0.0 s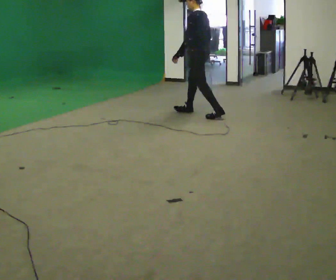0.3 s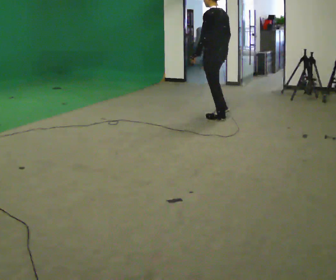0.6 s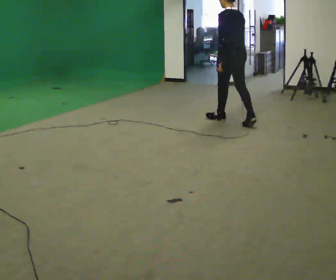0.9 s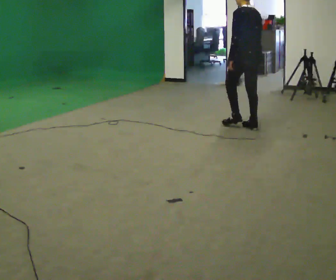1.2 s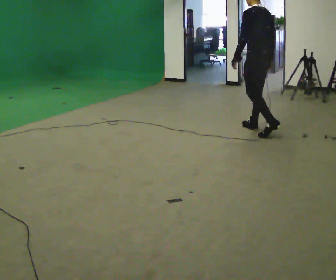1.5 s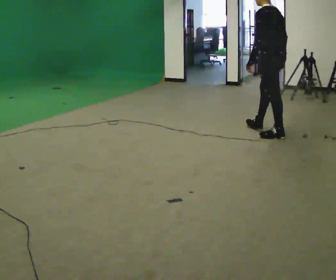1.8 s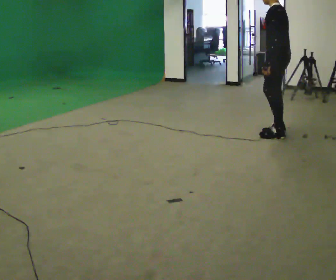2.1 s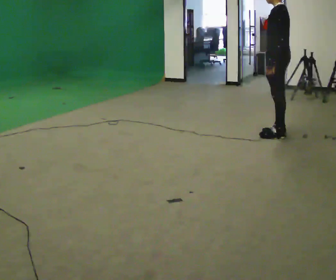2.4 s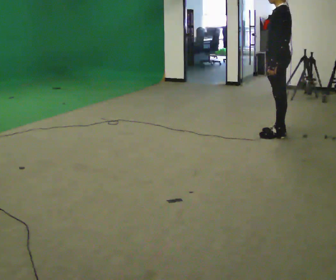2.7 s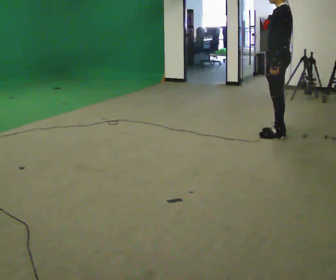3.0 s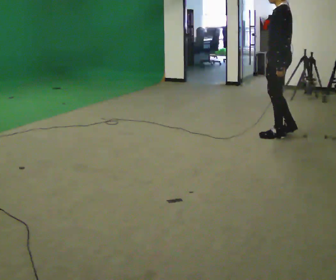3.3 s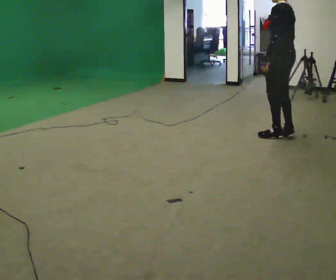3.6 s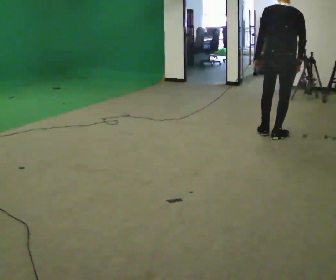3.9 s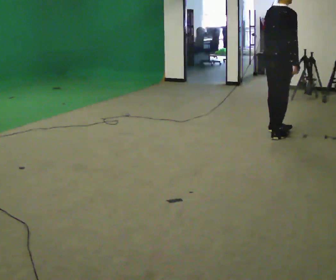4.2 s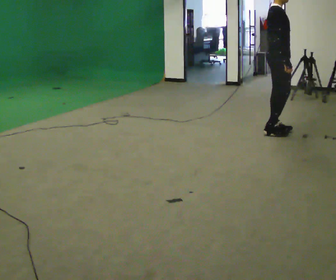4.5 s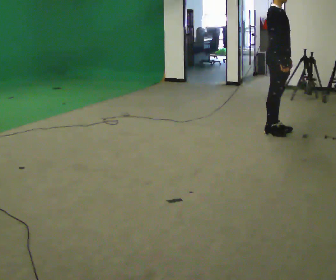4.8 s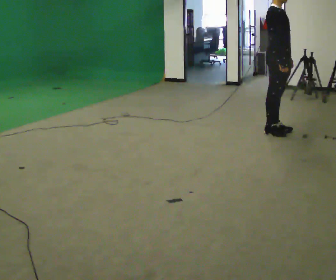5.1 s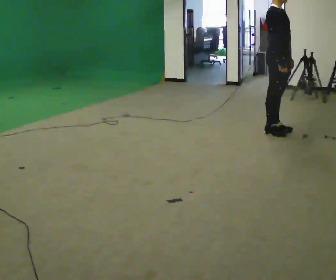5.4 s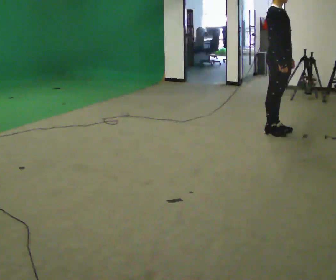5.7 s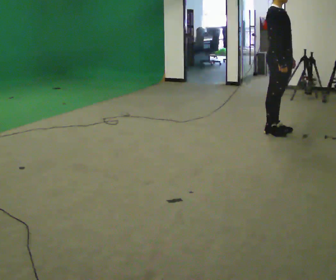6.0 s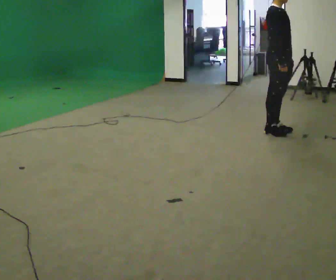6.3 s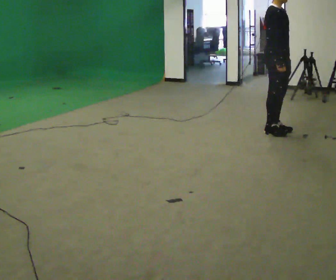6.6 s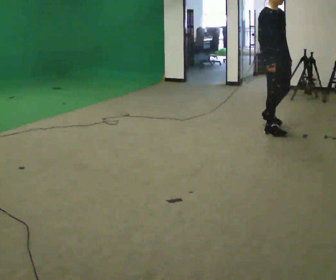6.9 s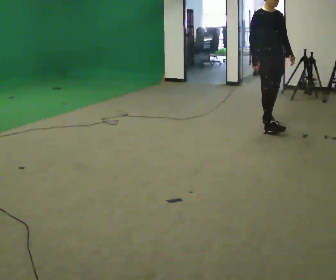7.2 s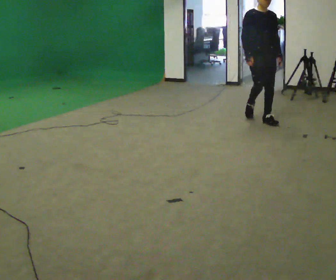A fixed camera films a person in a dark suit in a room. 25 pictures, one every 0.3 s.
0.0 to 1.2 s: The part of the body nearest the lens slides to the left as the person turns to their right by about 30 degrees. In the picture they go to the right and toward the camera, about 1 m in 2 steps, which for them is backward.
1.2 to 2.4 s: The person turns about 30 degrees to their left, counterclockwise seen from above, so the part of the body nearest the lens slides to the right. In the picture they go to the right and toward the camera, about 0.25 m in 1 step, which for them is backward and to their left.
2.4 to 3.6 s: The person turns about 75 degrees to their right, clockwise seen from above, so the part of the body nearest the lens slides to the left.
3.6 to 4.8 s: The part of the body nearest the lens slides to the left as the person turns to their right by about 120 degrees. In the picture they go away from the camera, about 0.25 m in 1 step. In the picture their left hand goes to the right.
4.8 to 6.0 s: The person moves a little, or ends about where they began.
6.0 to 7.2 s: The person turns about 45 degrees to their right, clockwise seen from above, so the part of the body nearest the lens slides to the left. In the picture they go away from the camera and to the left, about 0.5 m in 2 steps, which for them is backward and to their left.
The film runs backward here.
